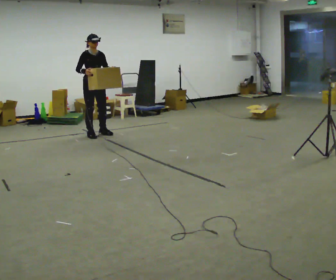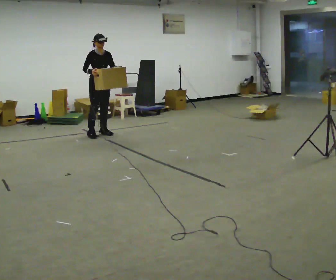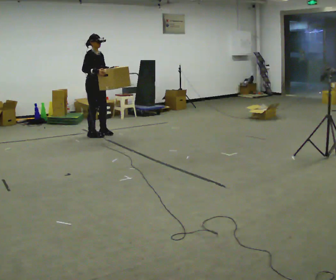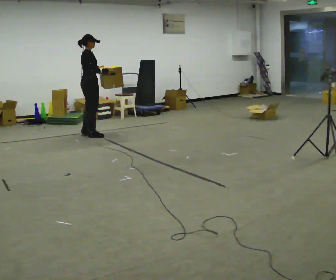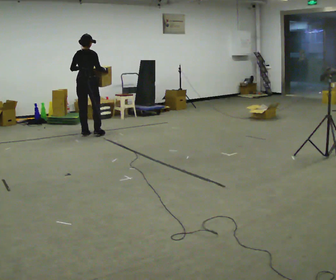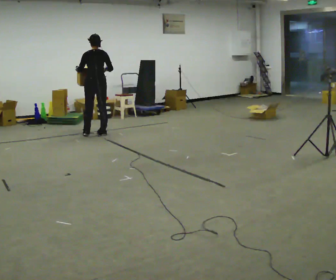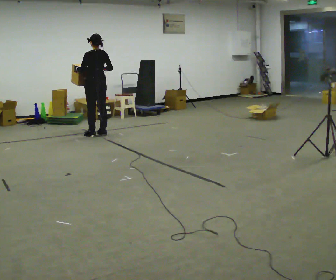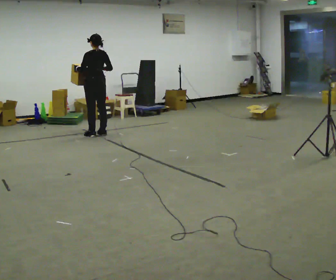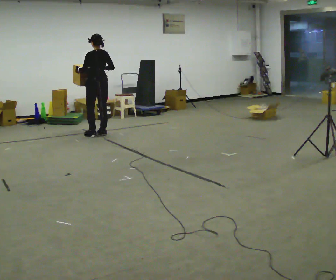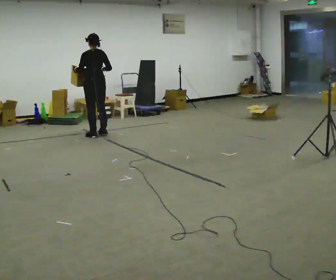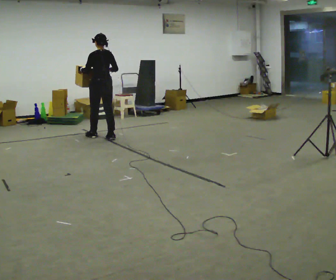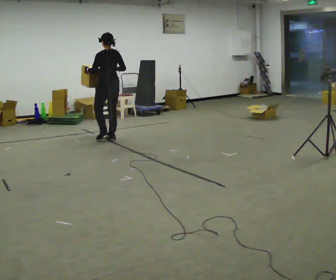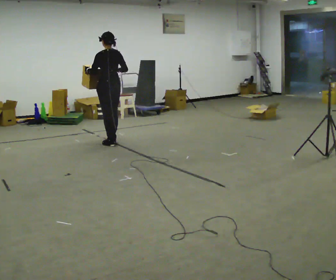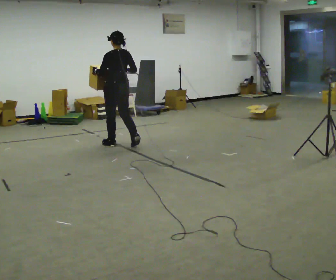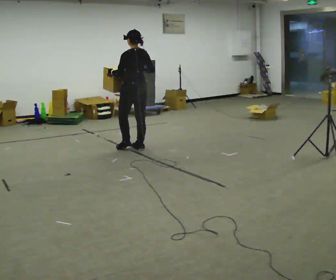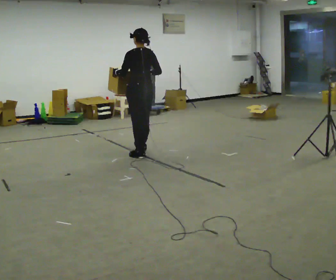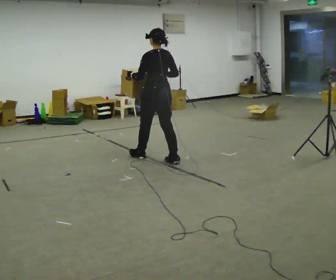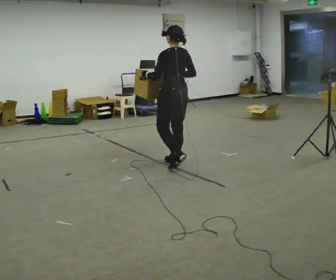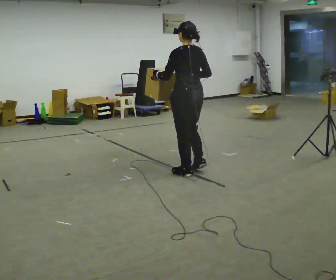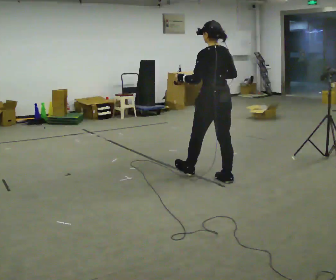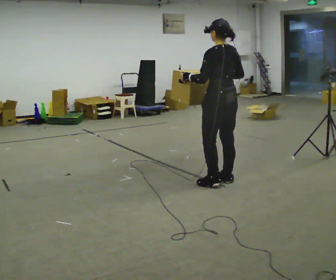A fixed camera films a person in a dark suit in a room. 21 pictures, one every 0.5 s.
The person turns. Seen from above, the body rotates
counterclockwise.
The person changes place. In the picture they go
toward the camera.
0.0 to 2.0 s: Seen from above the body turns counterclockwise, about 120 degrees: to their left, with its near side sliding to the right. In the picture their left hand goes to the left.
2.0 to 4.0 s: The person turns about 60 degrees to their left, counterclockwise seen from above, so the part of the body nearest the lens slides to the right. In the picture they go to the right, about 0.25 m in 1 step, which for them is to their right.
4.0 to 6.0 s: In the picture they go toward the camera, about 0.75 m in 3 steps, which for them is backward.
6.0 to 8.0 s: In the picture they go toward the camera and to the right, about 1 m in 2 steps, which for them is backward.
8.0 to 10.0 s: In the picture they go toward the camera and to the right, about 1 m in 3 steps, which for them is backward.
The film runs backward here.
